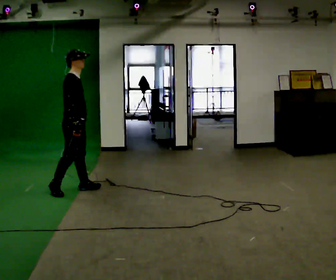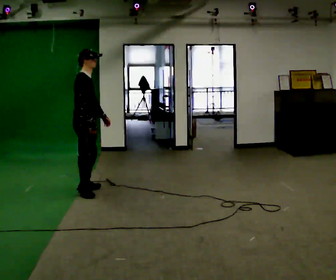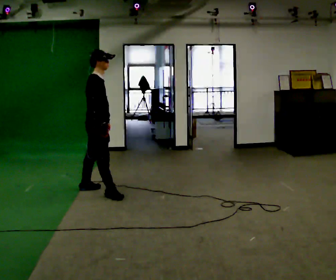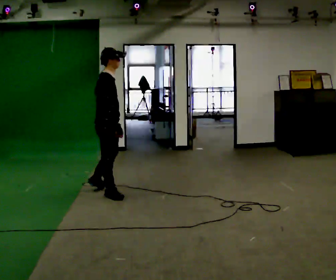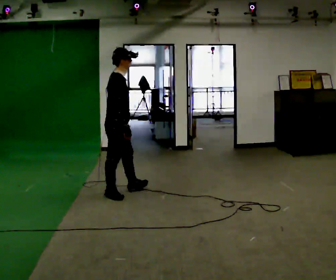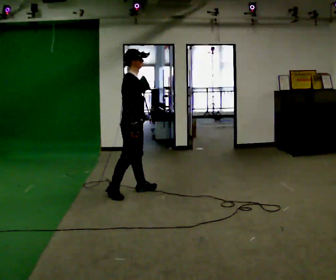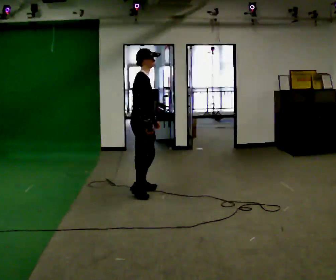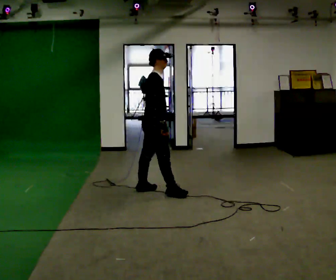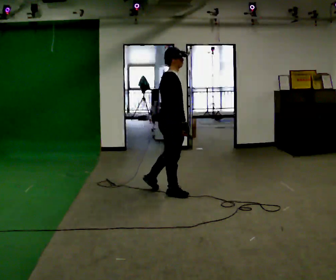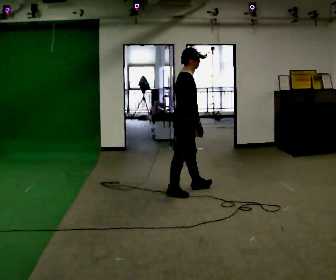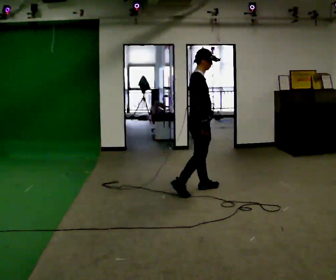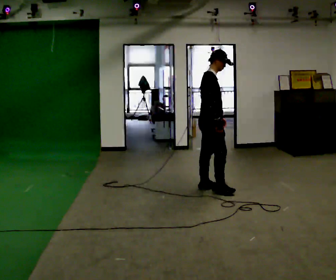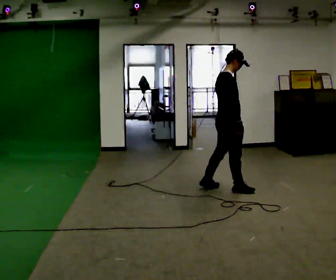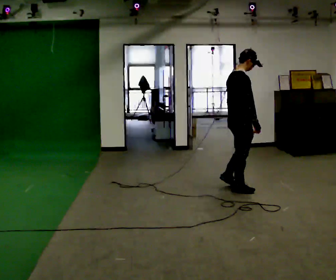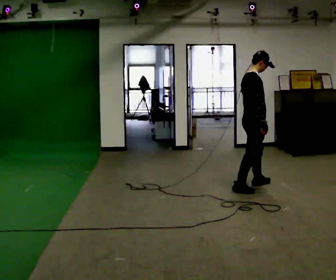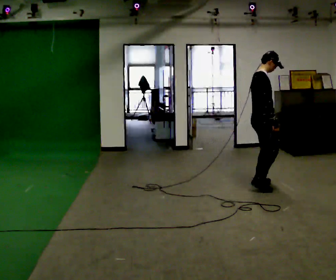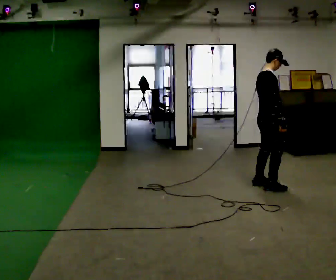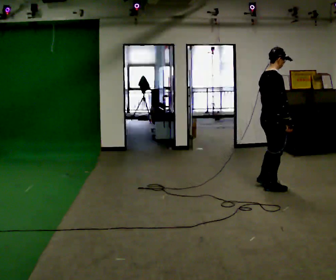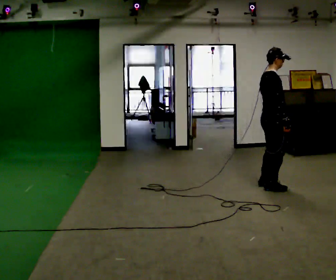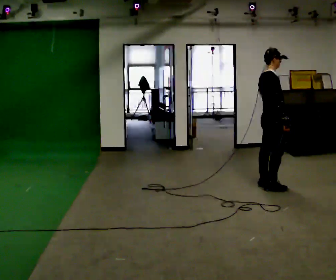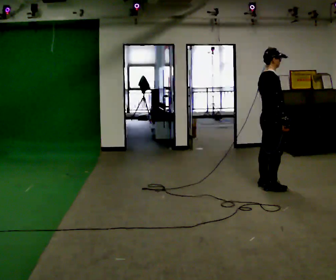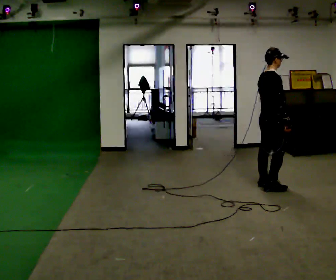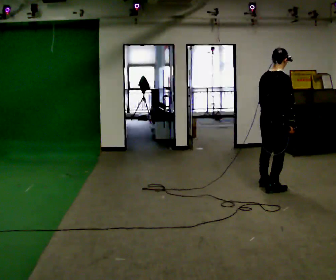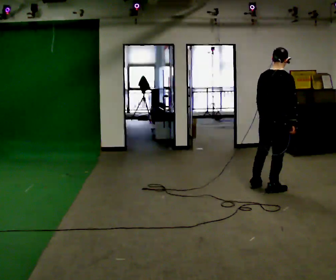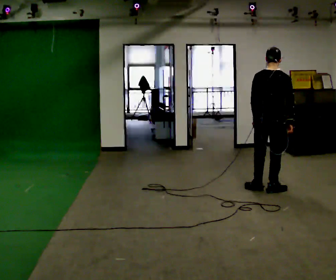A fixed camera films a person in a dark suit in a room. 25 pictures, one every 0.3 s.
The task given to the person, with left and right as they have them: Walk forward with your feet closer together than normal, or further apart than normal, as the operator states; stop.
0.0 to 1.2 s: In the picture they go to the right, about 0.5 m in 1 step, which for them is forward.
1.2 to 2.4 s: In the picture they go to the right, about 0.5 m in 2 steps, which for them is forward.
2.4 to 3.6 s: In the picture they go to the right, about 0.75 m in 2 steps, which for them is forward.
3.6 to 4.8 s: In the picture they go to the right, about 0.5 m in 2 steps, which for them is forward.
4.8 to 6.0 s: The person moves a little, or ends about where they began.
6.0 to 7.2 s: The person turns about 75 degrees to their left, counterclockwise seen from above, so the part of the body nearest the lens slides to the right. In the picture they go toward the camera, about 0.25 m in 1 step.
The film runs forward here.
